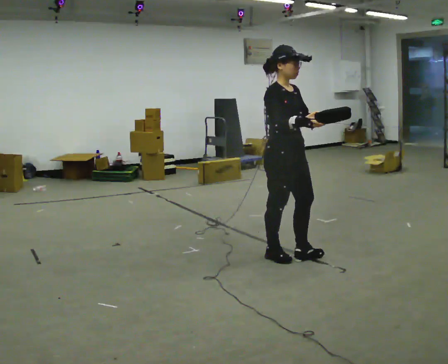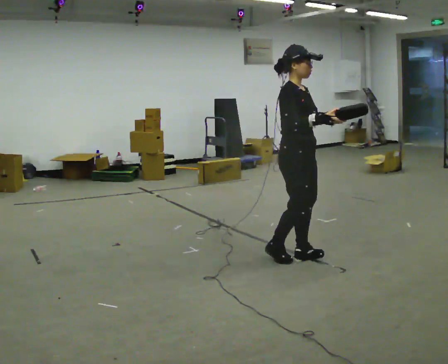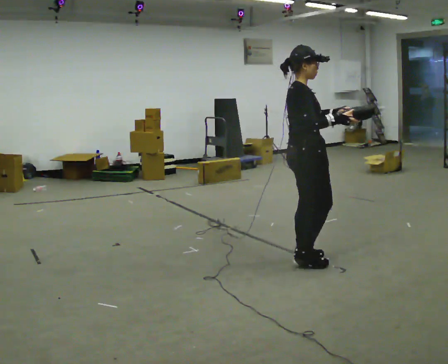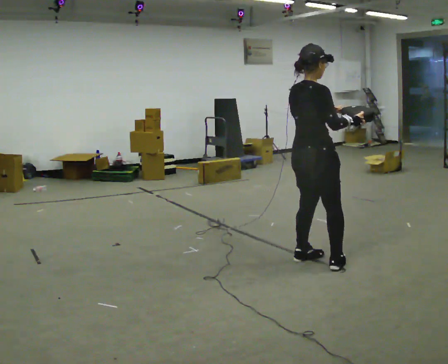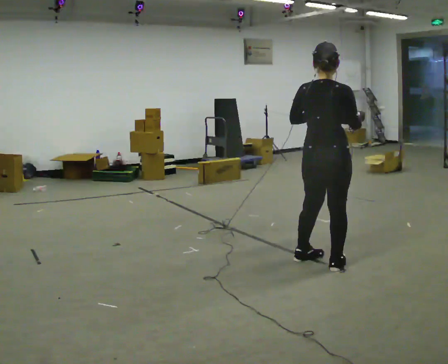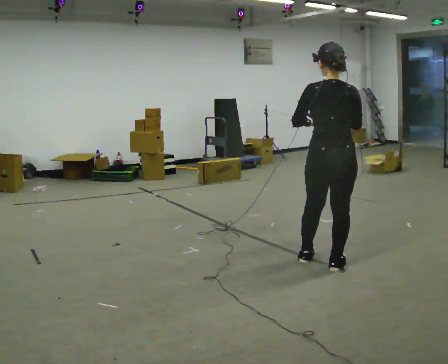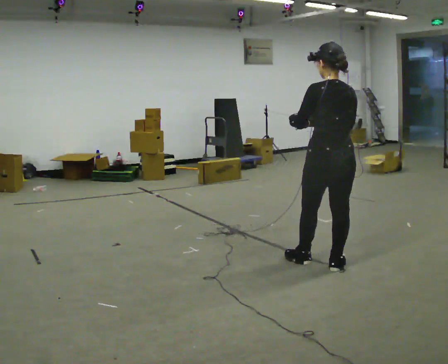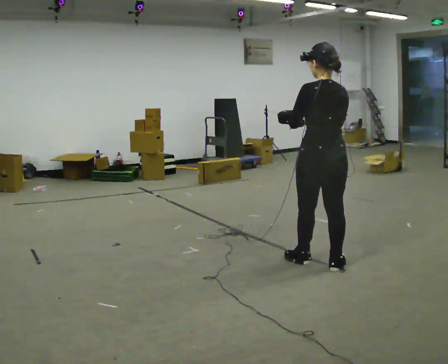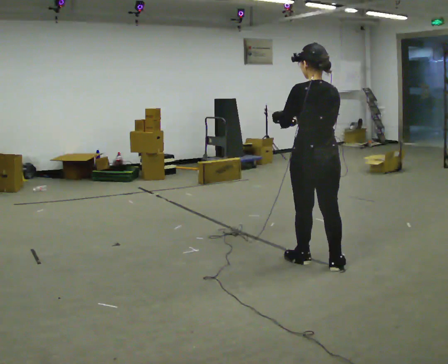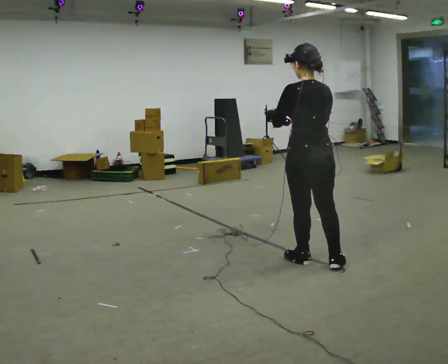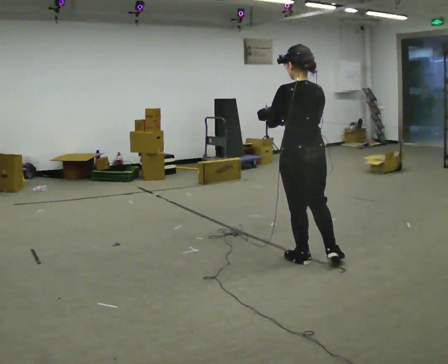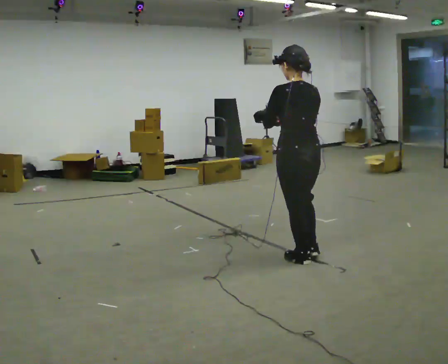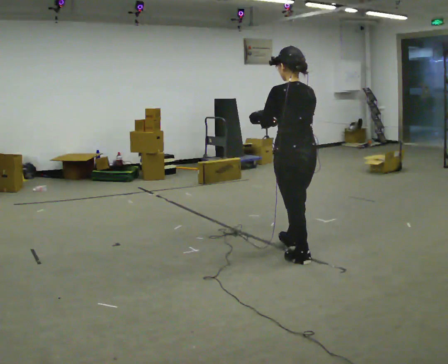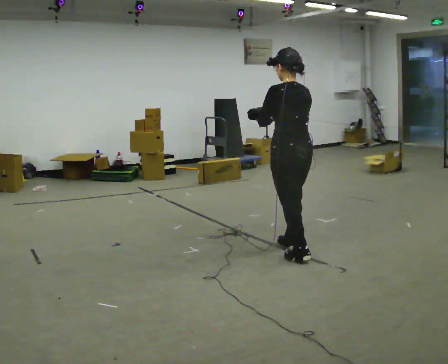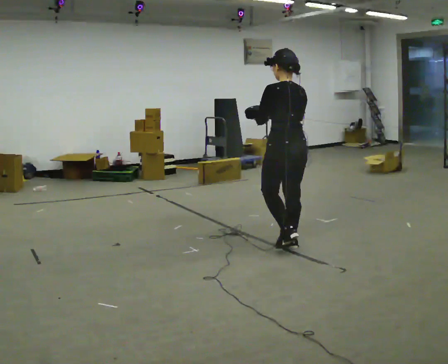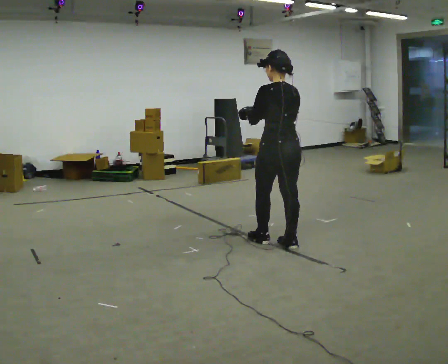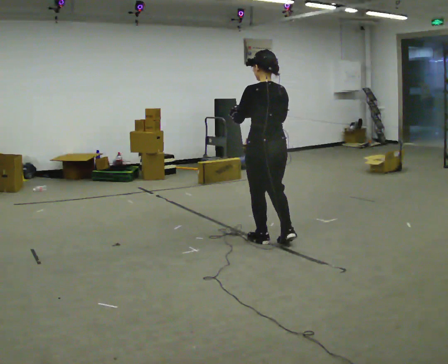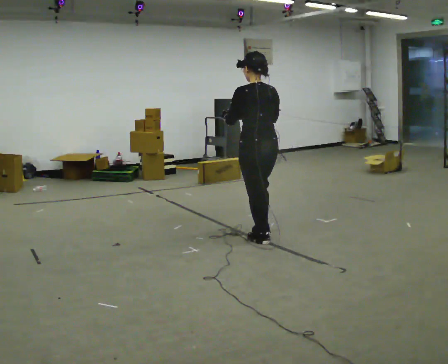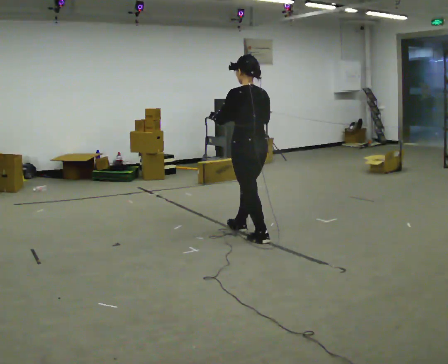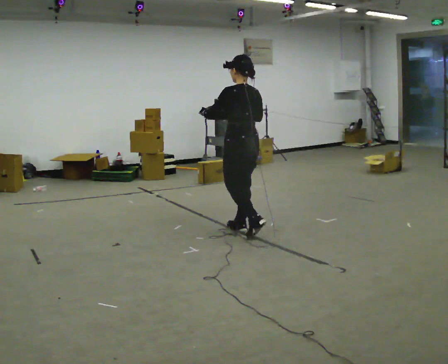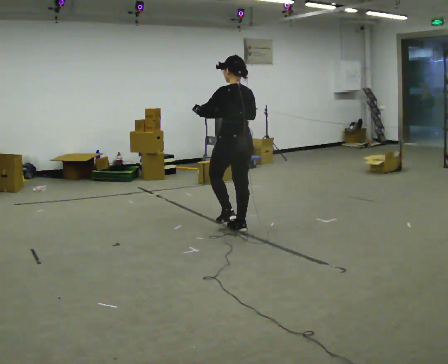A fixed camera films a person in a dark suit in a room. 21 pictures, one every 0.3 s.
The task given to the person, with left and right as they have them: Carry the bag and, while walking, undo the buckle or zip, then do it up again. Keep repeating as you walk. Do not stop.
0.0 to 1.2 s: The person turns about 105 degrees to their left, counterclockwise seen from above, so the part of the body nearest the lens slides to the right. In the picture they go to the right, about 0.25 m in 1 step.
1.2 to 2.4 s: Seen from above the body turns counterclockwise, about 45 degrees: to their left, with its near side sliding to the right. In the picture their right hand goes to the left.
2.4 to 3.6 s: In the picture they go to the left, about 0.25 m in 1 step, which for them is forward.
3.6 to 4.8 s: In the picture they go away from the camera and to the left, about 0.5 m in 1 step, which for them is forward.
4.8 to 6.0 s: In the picture they go away from the camera and to the left, about 0.5 m in 1 step, which for them is forward.
The film runs forward here.
